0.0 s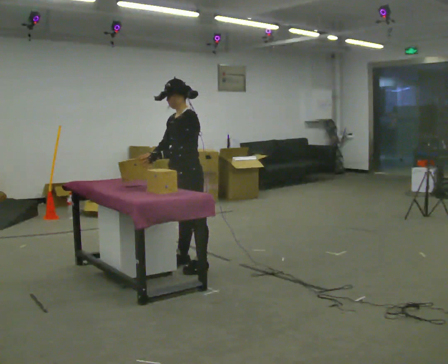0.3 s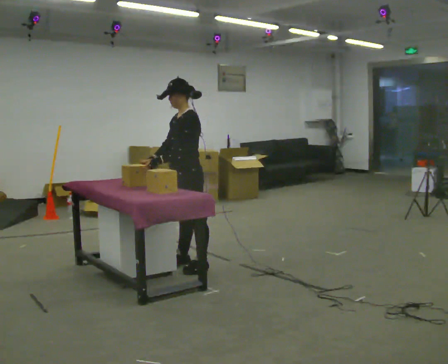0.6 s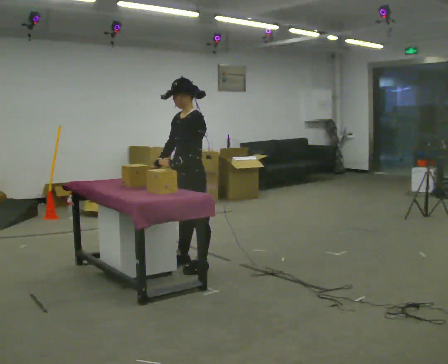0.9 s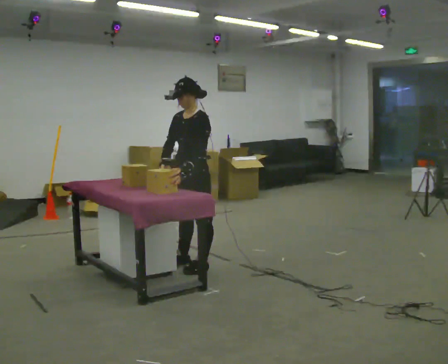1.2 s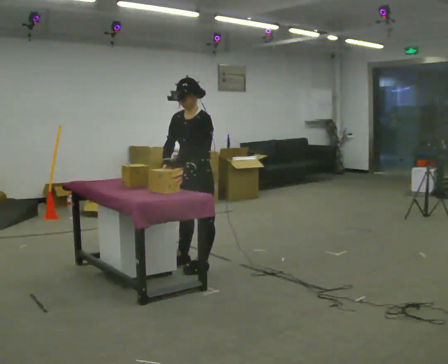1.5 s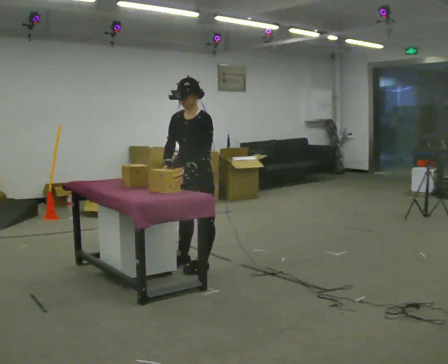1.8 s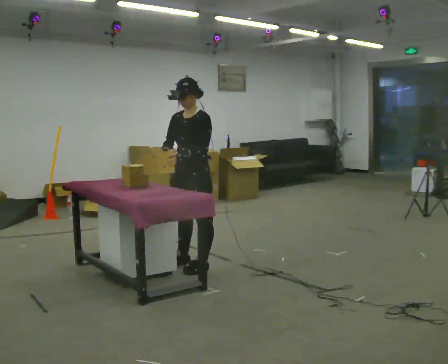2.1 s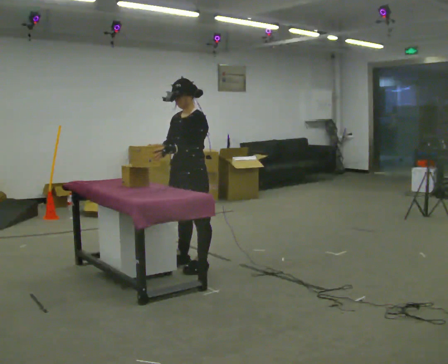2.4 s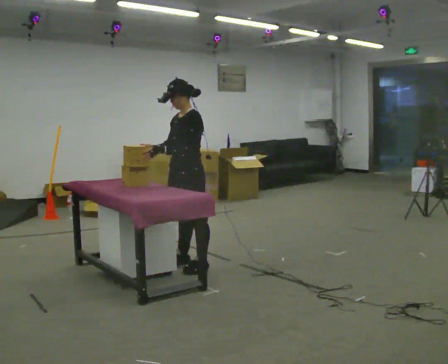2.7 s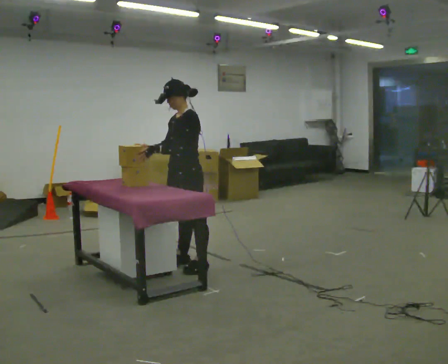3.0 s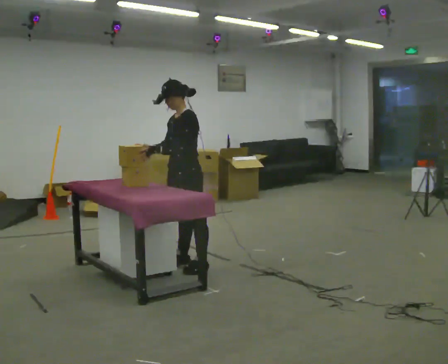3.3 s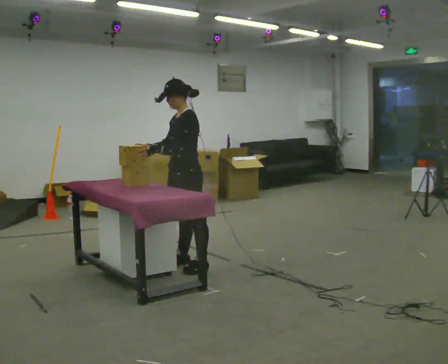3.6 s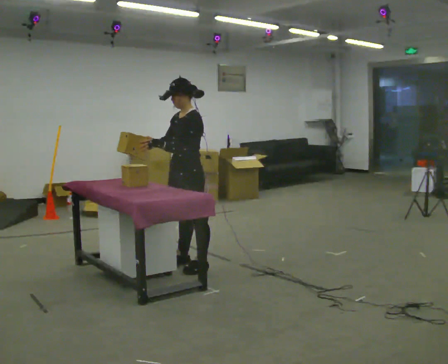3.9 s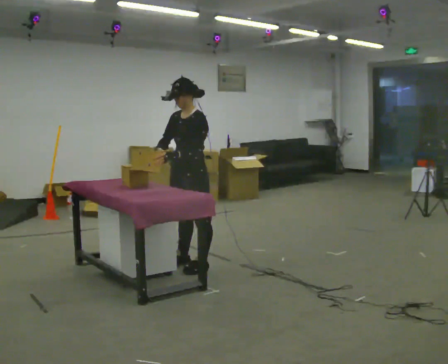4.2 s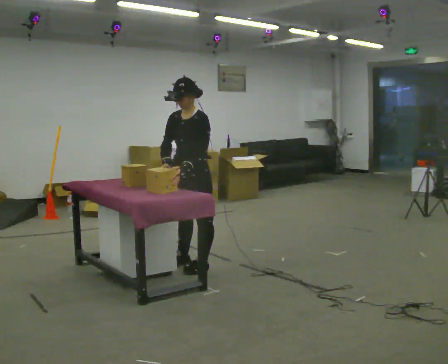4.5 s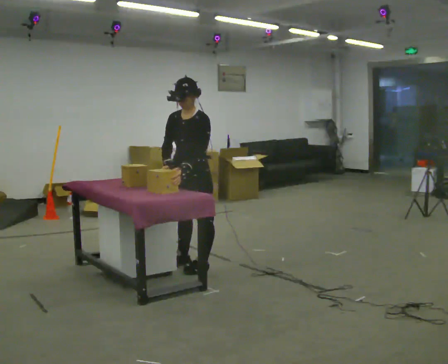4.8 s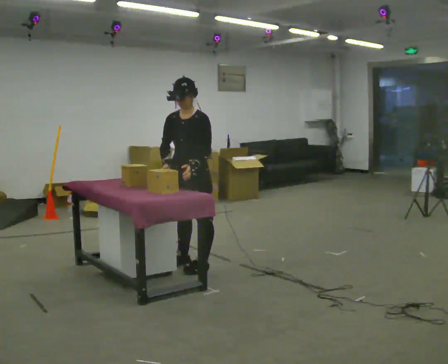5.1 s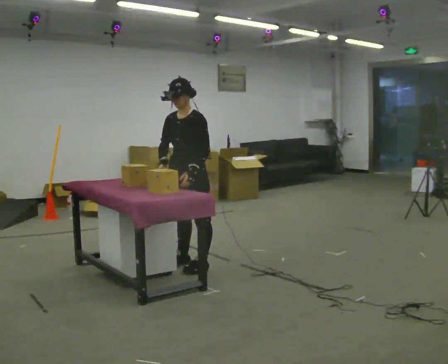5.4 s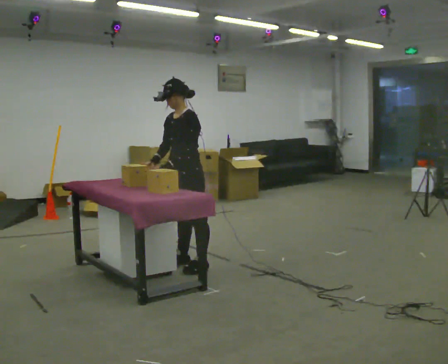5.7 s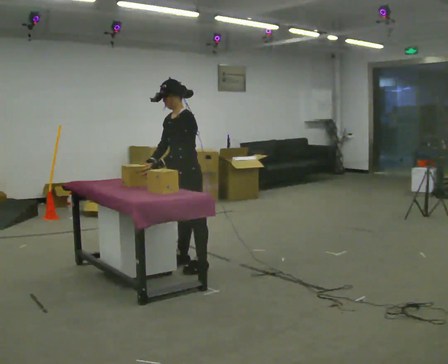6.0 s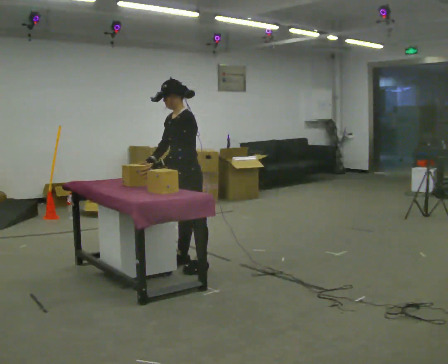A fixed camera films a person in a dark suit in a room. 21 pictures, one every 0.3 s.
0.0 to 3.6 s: The person moves a little, or ends about where they began.
3.6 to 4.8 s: The person turns about 30 degrees to their left, counterclockwise seen from above, so the part of the body nearest the lens slides to the right.
4.8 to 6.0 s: Seen from above the body turns clockwise, about 30 degrees: to their right, with its near side sliding to the left.
The film runs backward here.
